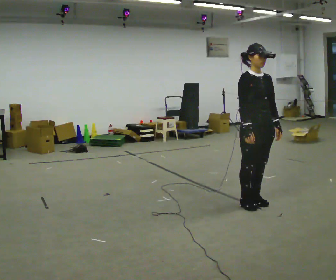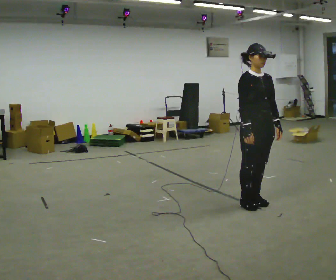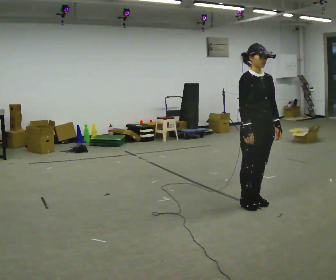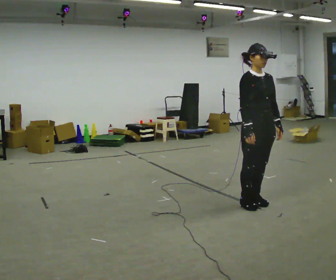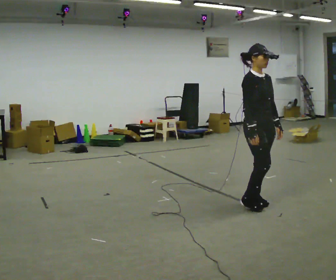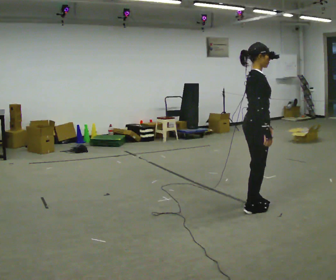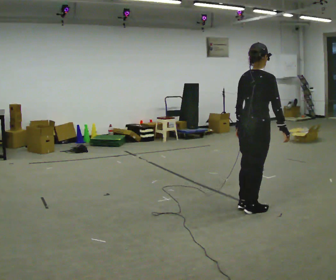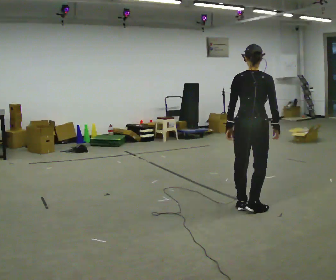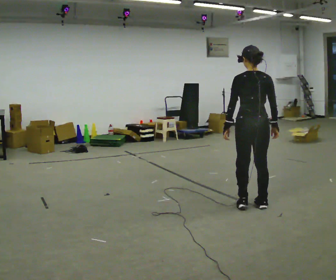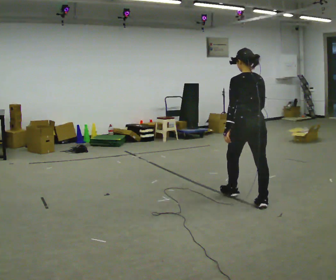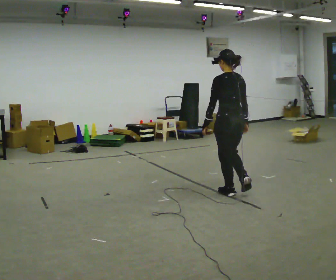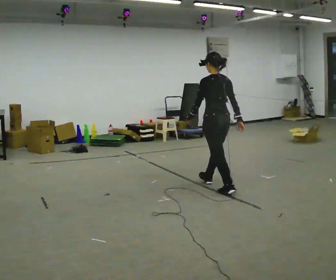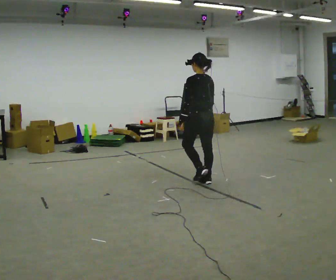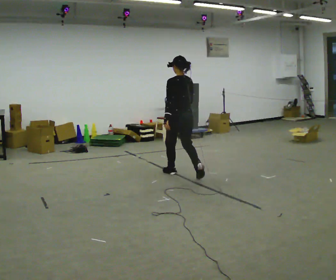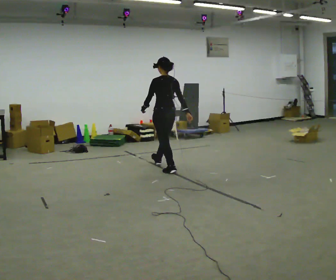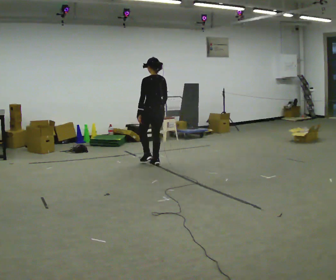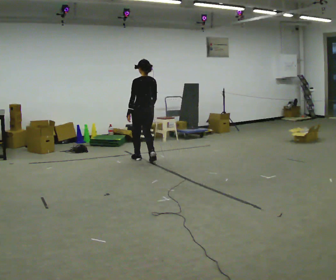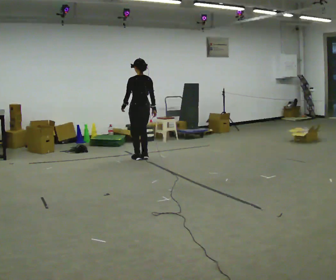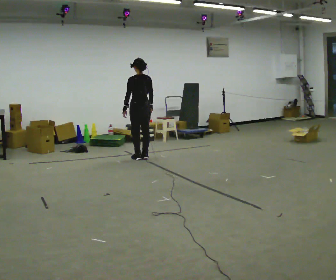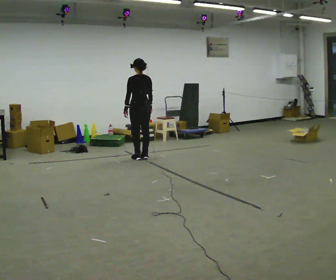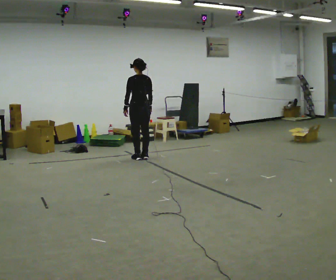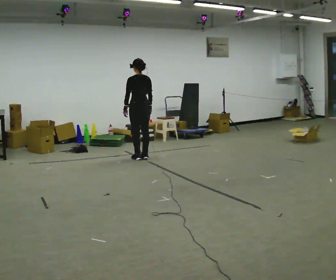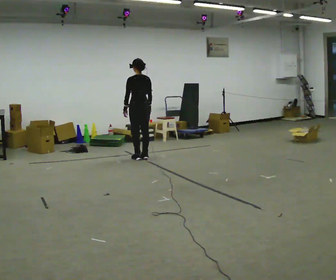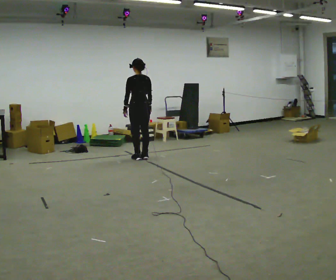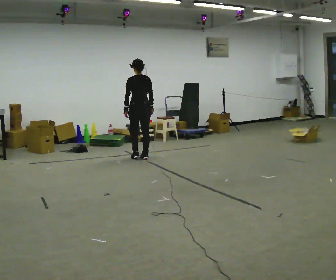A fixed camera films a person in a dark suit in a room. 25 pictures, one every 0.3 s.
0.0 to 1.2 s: The person moves a little, or ends about where they began.
1.2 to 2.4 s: The part of the body nearest the lens slides to the right as the person turns to their left by about 135 degrees. In the picture their left hand goes to the left, the arm swinging clockwise.
2.4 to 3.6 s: Seen from above the body turns counterclockwise, about 30 degrees: to their left, with its near side sliding to the right. In the picture they go away from the camera and to the left, about 1 m in 2 steps, which for them is forward.
3.6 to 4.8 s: In the picture they go away from the camera and to the left, about 1.5 m in 3 steps, which for them is forward.
4.8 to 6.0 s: In the picture they go away from the camera, about 0.25 m in 1 step, which for them is forward.
6.0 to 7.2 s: The person moves a little, or ends about where they began.
The film runs forward here.
